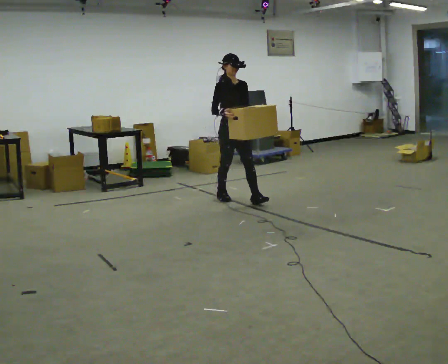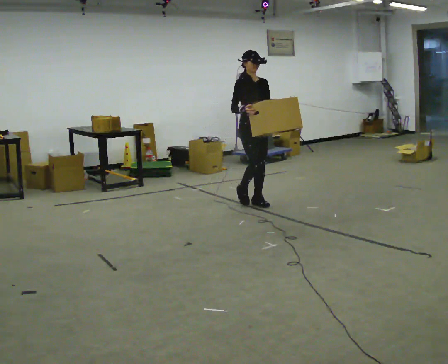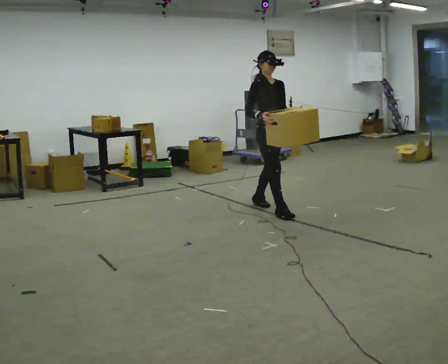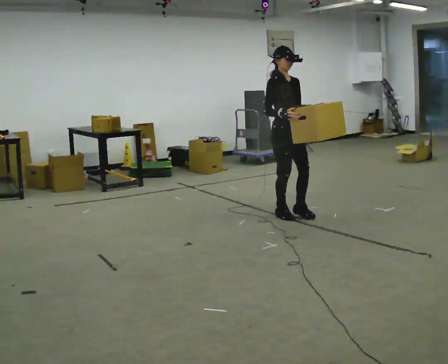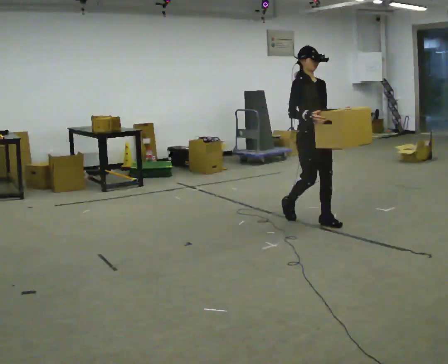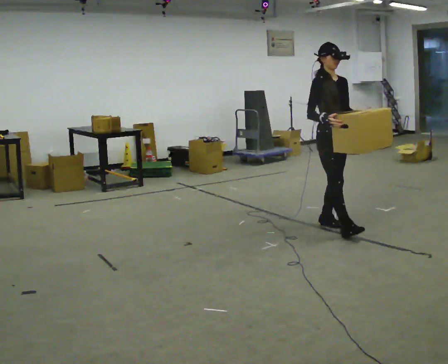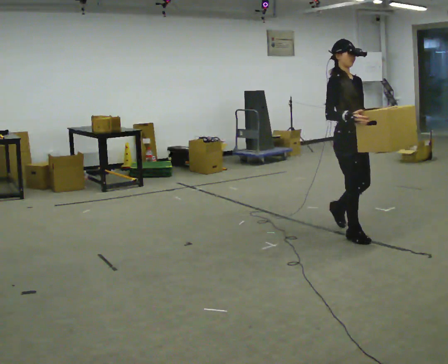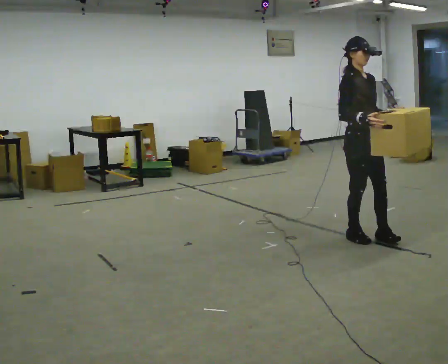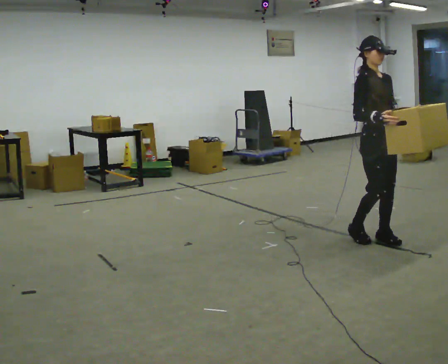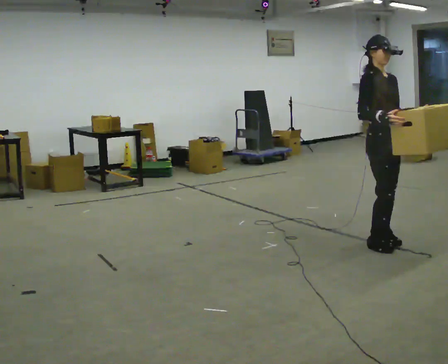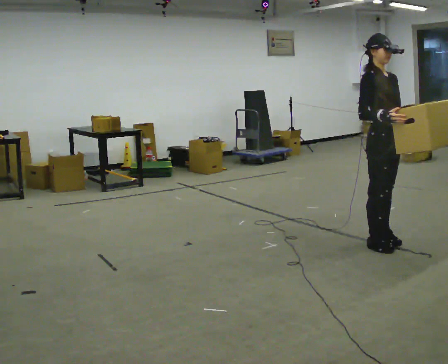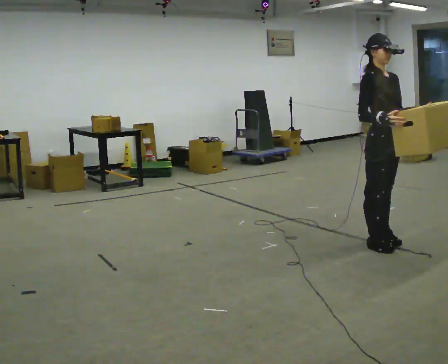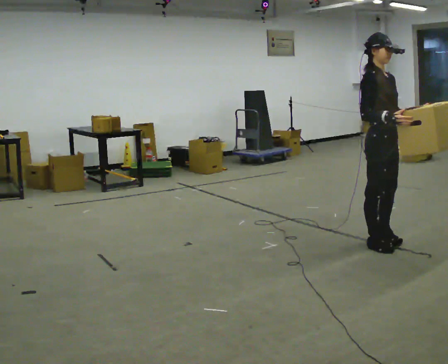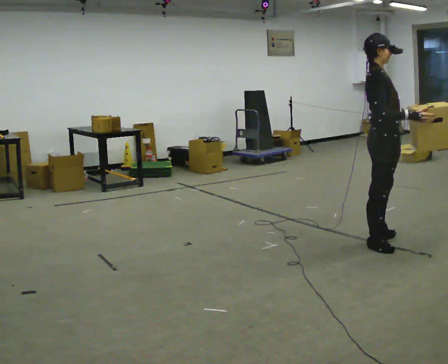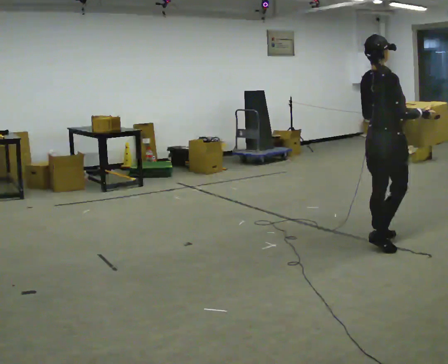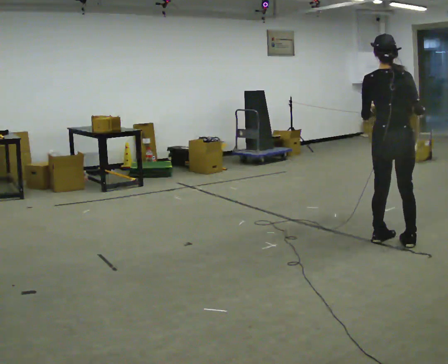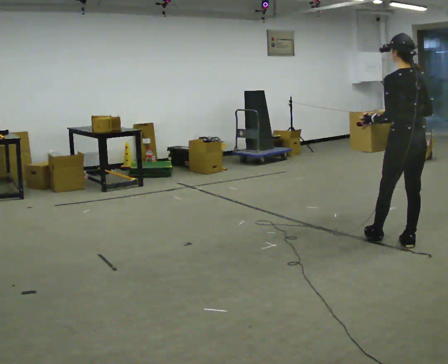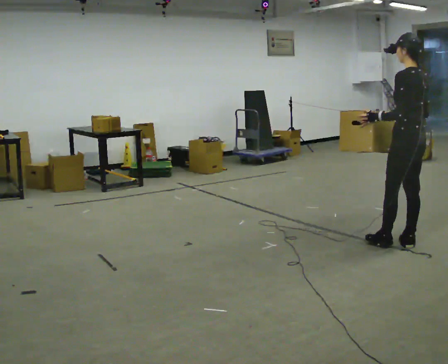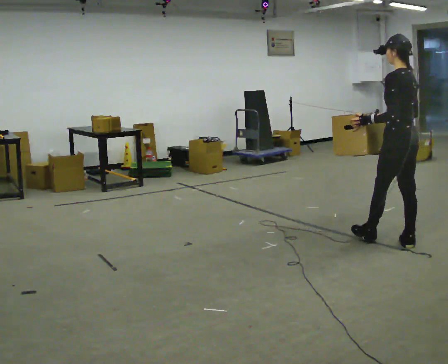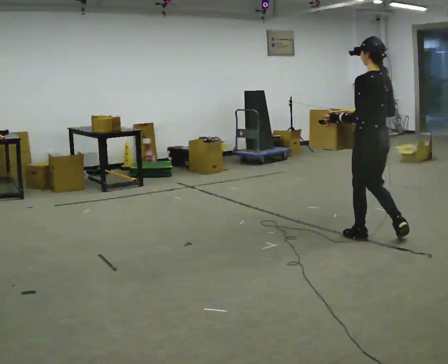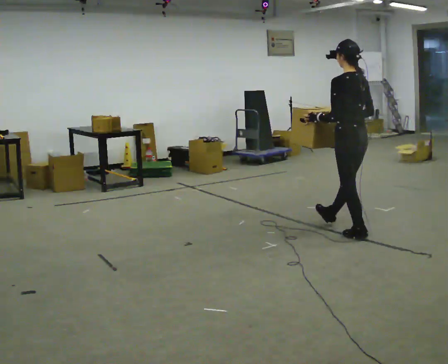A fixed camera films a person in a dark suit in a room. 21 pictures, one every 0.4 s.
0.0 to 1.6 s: In the picture they go toward the camera and to the right, about 1 m in 2 steps, which for them is forward.
1.6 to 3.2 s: In the picture they go toward the camera and to the right, about 1 m in 2 steps, which for them is forward.
3.2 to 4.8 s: In the picture they go toward the camera, about 0.25 m in 1 step.
4.8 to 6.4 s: Seen from above the body turns counterclockwise, about 150 degrees: to their left, with its near side sliding to the right. In the picture they go to the right, about 0.25 m in 1 step.
6.4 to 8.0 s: In the picture they go to the left and away from the camera, about 0.5 m in 1 step, which for them is forward.
The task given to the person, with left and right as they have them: Carry the heaviest box in both hands in front of you, walking back and forth across the room. Only carry what is comfortable. Set it down whenever you need to.
The film runs forward here.
